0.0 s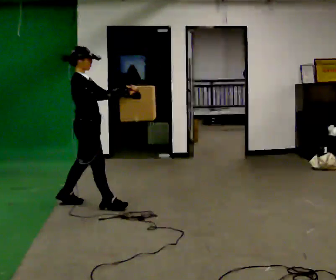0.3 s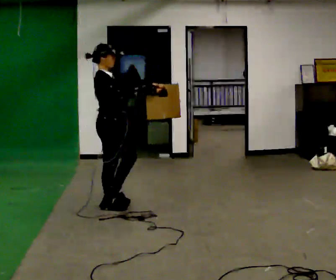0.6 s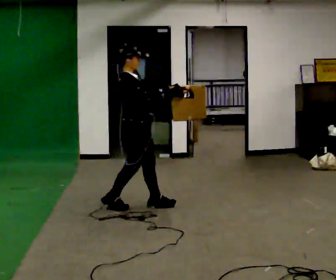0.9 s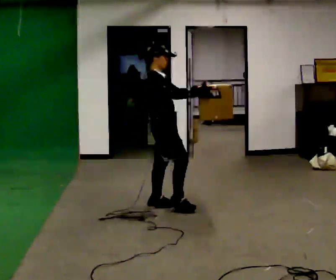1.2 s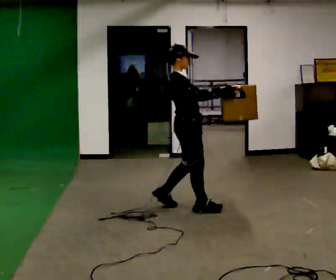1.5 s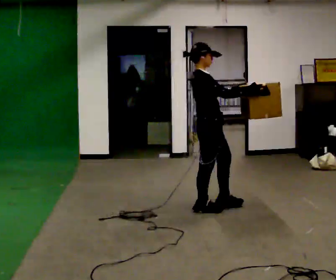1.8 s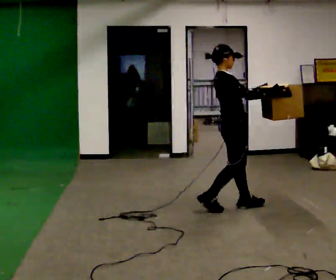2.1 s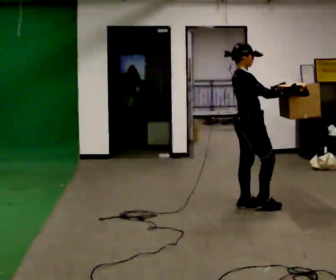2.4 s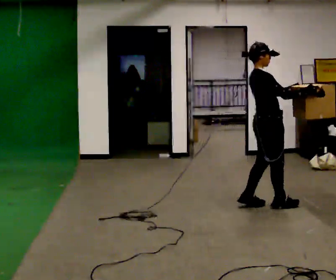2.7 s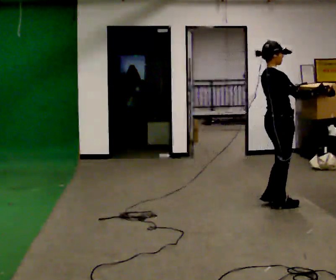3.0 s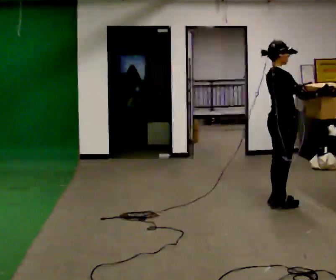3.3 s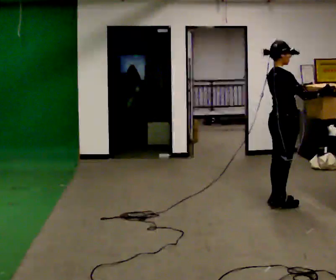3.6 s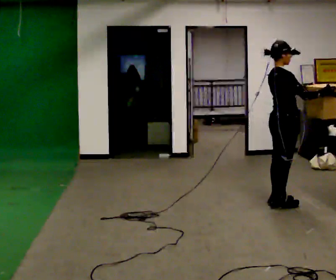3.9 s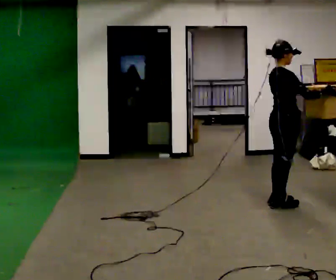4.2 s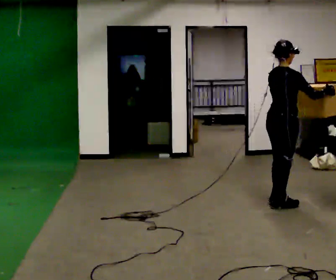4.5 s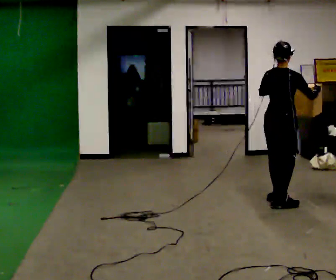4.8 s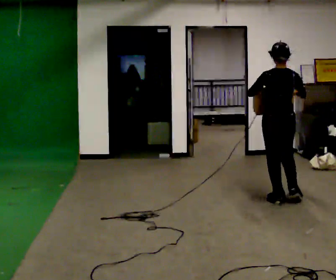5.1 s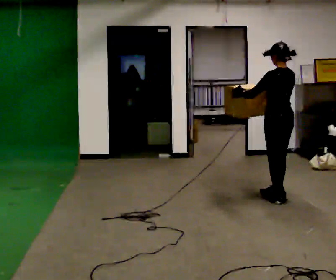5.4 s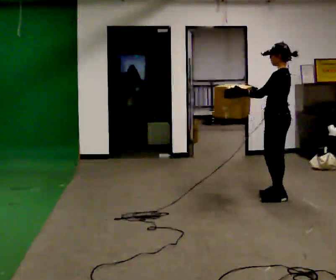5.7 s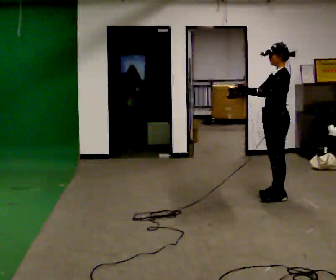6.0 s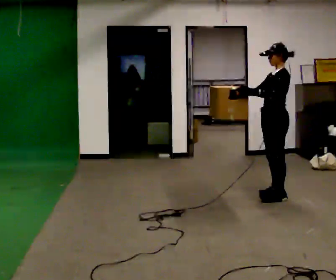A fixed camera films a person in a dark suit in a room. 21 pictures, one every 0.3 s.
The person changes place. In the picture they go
to the right.
The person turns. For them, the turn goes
to their left.
0.0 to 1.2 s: In the picture they go to the right, about 1 m in 2 steps, which for them is forward.
1.2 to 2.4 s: In the picture they go to the right, about 1 m in 2 steps, which for them is forward.
2.4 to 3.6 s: In the picture they go to the right, about 0.25 m in 1 step, which for them is forward.
3.6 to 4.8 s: Seen from above the body turns counterclockwise, about 75 degrees: to their left, with its near side sliding to the right.
4.8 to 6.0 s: Seen from above the body turns counterclockwise, about 90 degrees: to their left, with its near side sliding to the right. In the picture they go away from the camera, about 0.25 m in 1 step. In the picture their right hand goes to the left.
The film runs forward here.
